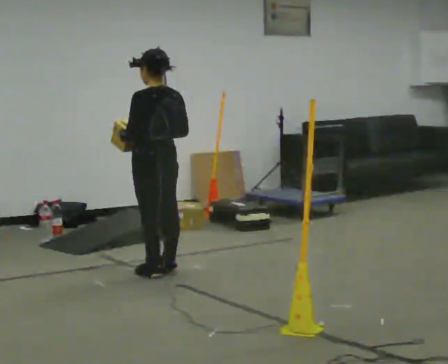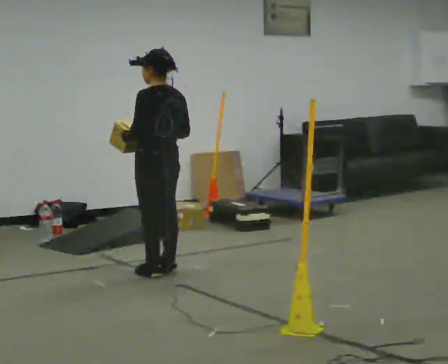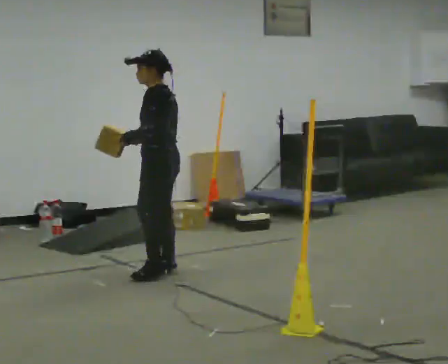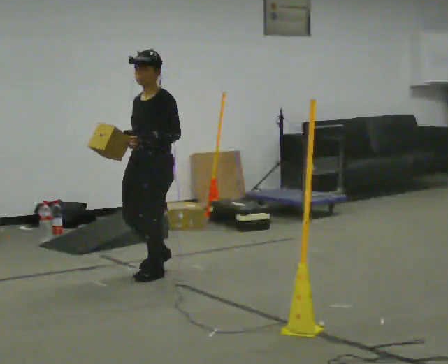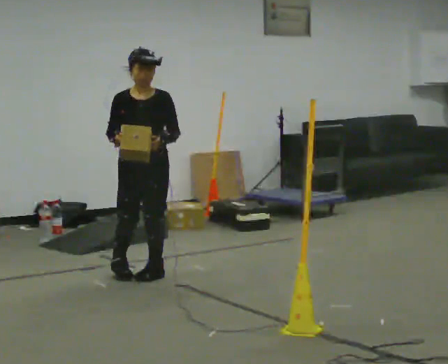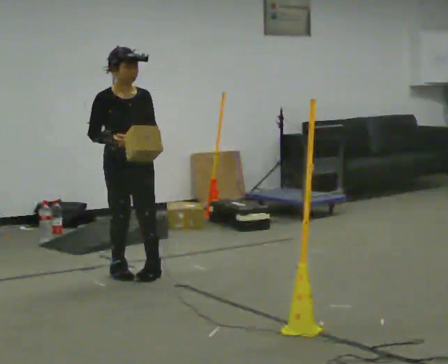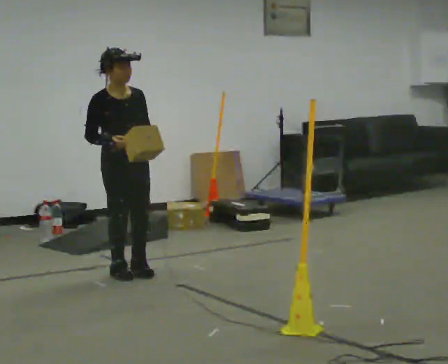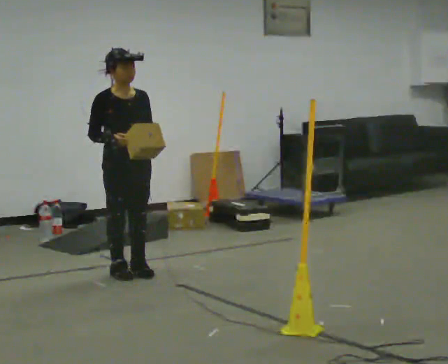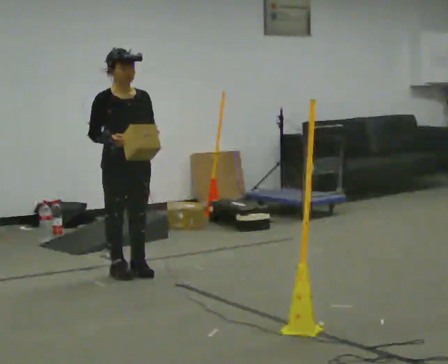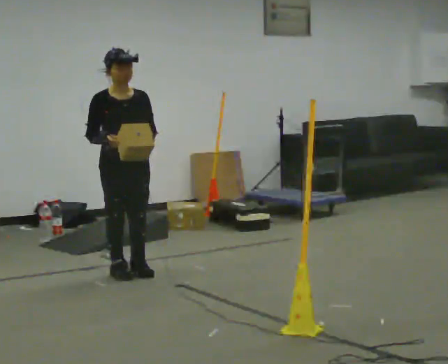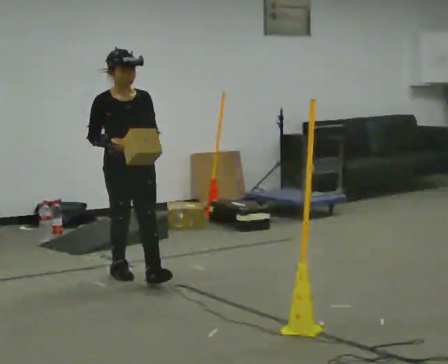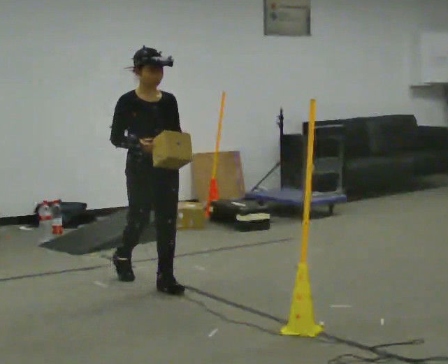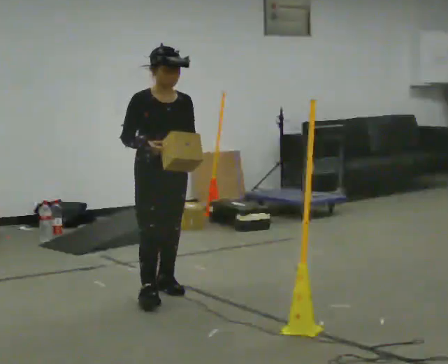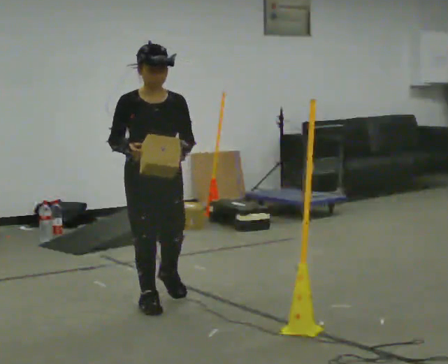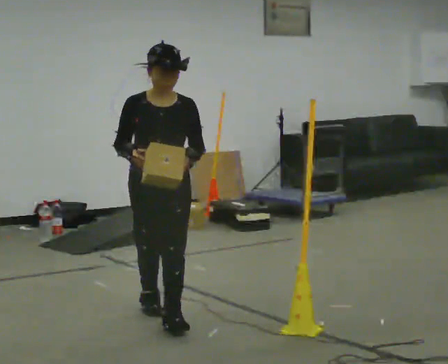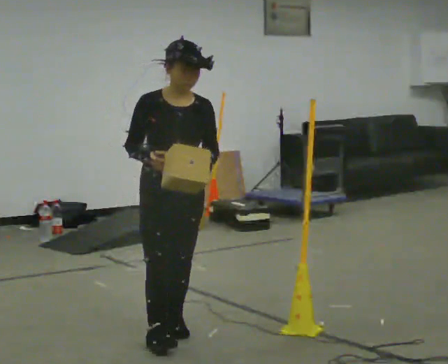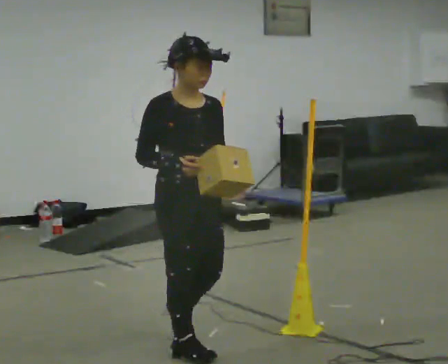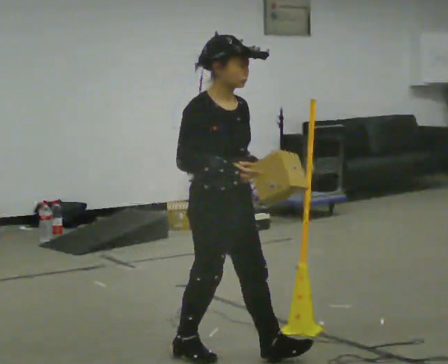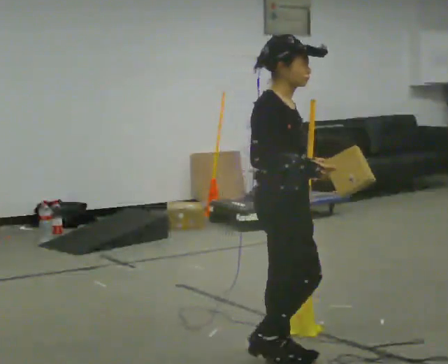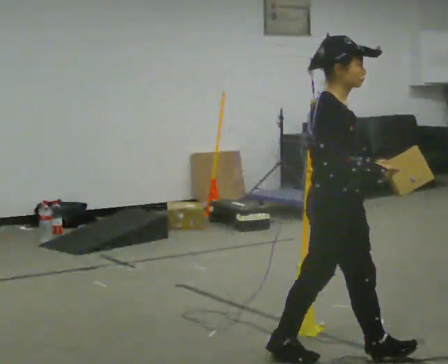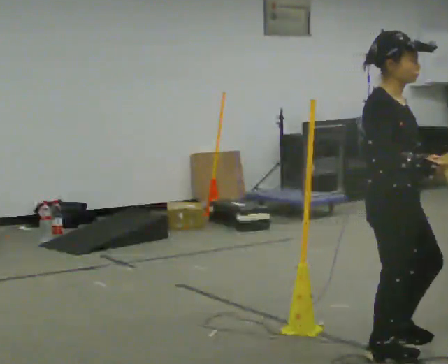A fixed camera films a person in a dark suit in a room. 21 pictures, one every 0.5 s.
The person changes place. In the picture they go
toward the camera.
0.0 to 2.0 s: Seen from above the body turns counterclockwise, about 135 degrees: to their left, with its near side sliding to the right. In the picture their right hand goes to the left.
2.0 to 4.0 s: The person moves a little, or ends about where they began.
4.0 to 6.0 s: In the picture they go toward the camera, about 0.5 m in 1 step, which for them is forward.
6.0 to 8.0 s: In the picture they go toward the camera, about 1 m in 3 steps, which for them is forward.
8.0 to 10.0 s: The person turns about 30 degrees to their left, counterclockwise seen from above, so the part of the body nearest the lens slides to the right. In the picture they go to the right, about 1 m in 2 steps, which for them is forward.
The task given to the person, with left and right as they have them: Carry the box across the room. The operator will step into your path partway across, so go around them and carry on. Keep going until the operator says stop; one object at a time, and do not rush between trips.
The film runs forward here.
